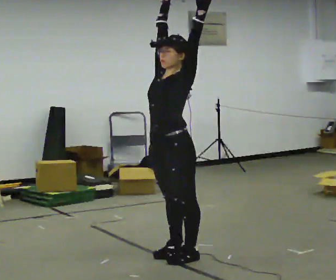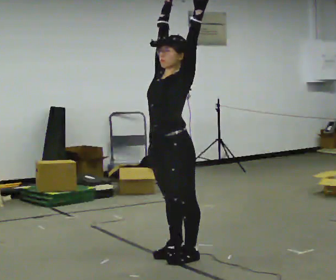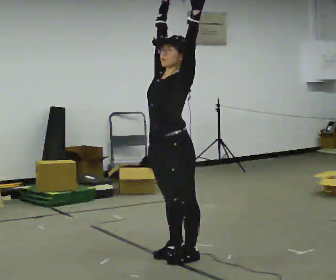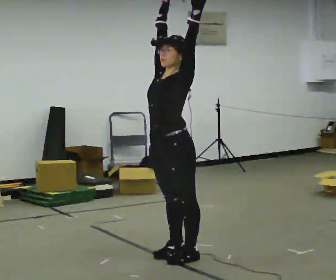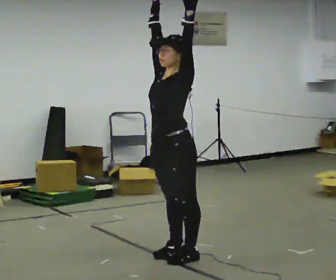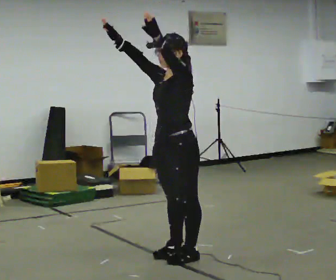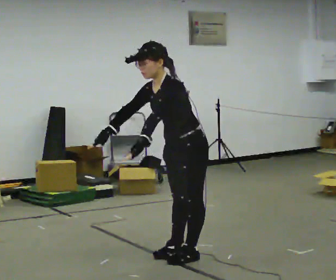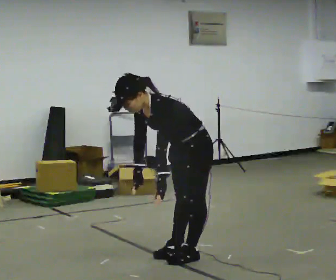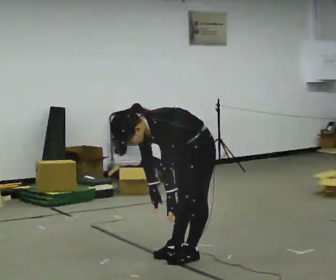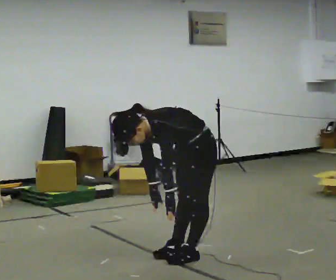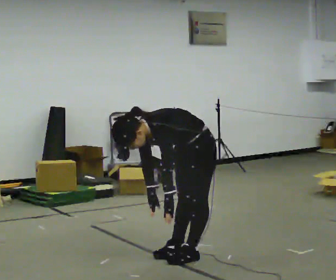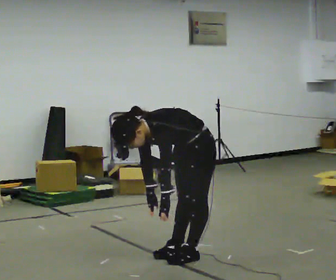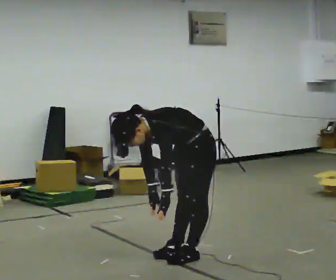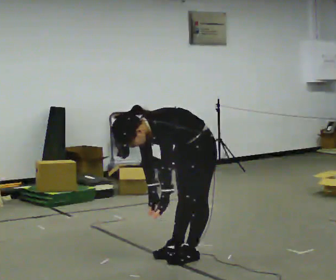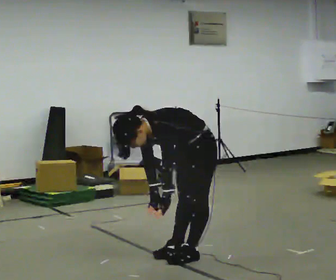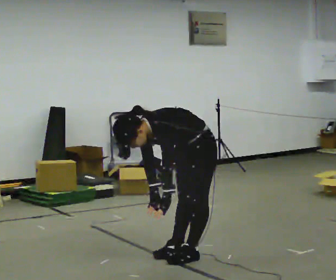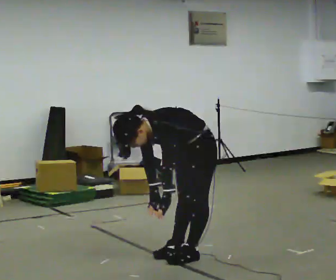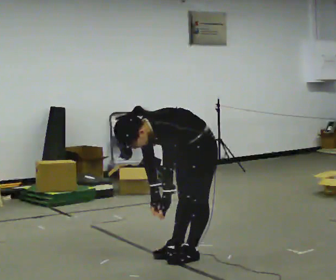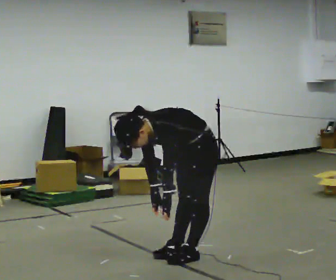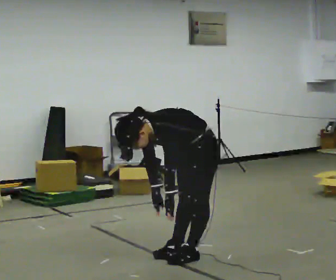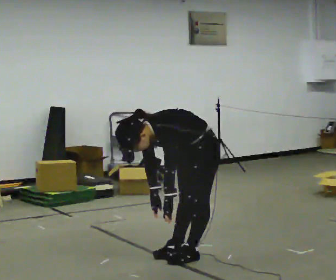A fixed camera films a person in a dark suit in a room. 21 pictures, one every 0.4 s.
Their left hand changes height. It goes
downward.
The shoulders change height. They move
downward.
0.0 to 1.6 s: The person moves a little, or ends about where they began.
1.6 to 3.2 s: In the picture they go to the right, about 0.25 m, which for them is backward. The shoulders move downward. In the picture the upper body tilts counterclockwise, shoulders to the left, as they bend forward. In the picture their right hand goes downward, the arm swinging counterclockwise.
3.2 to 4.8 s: The person moves a little, or ends about where they began.
4.8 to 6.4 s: The person keeps their place and pose.
6.4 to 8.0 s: The person moves a little, or ends about where they began.
The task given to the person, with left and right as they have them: Reach as far as you comfortably can in each direction the operator calls: up, down, forward, each side, and behind. Hold each one briefly. Keep both feet on the marked spots for the whole take. If you have to step, stop and tell the operator.
The film runs forward here.
